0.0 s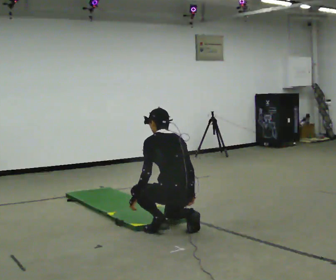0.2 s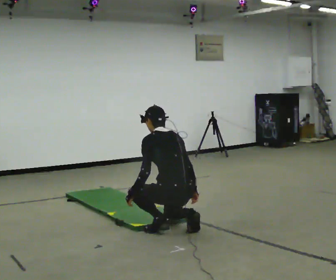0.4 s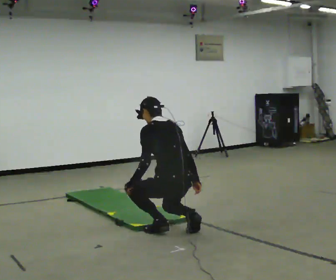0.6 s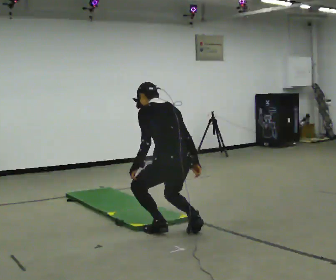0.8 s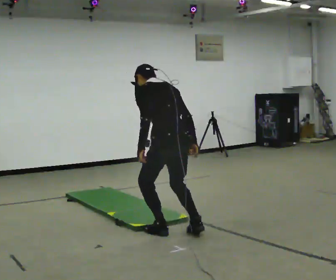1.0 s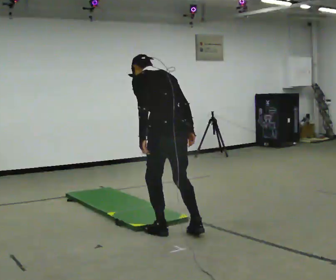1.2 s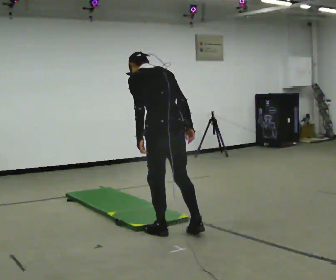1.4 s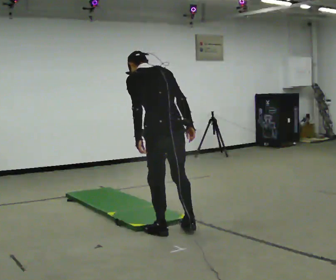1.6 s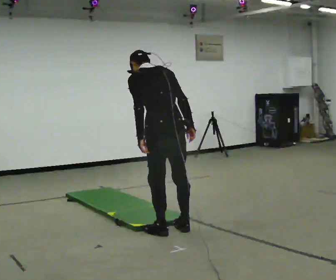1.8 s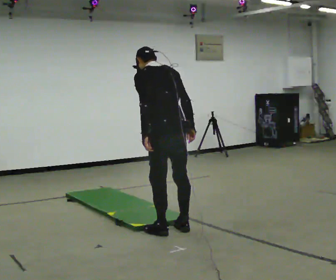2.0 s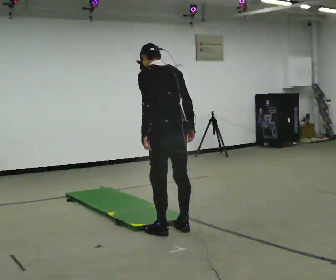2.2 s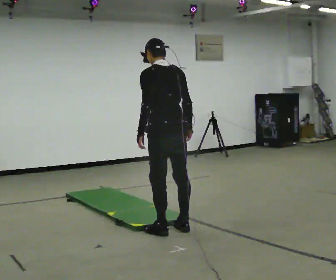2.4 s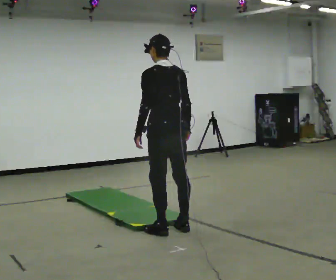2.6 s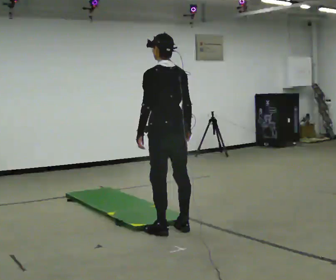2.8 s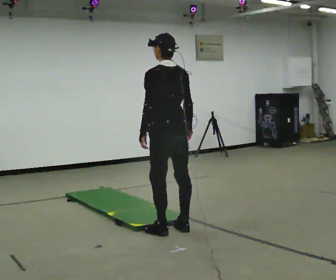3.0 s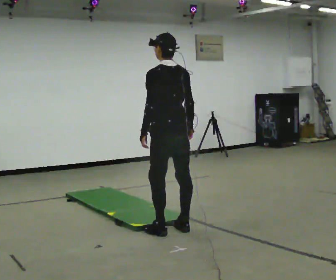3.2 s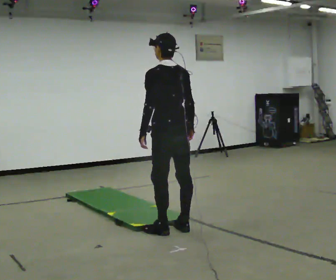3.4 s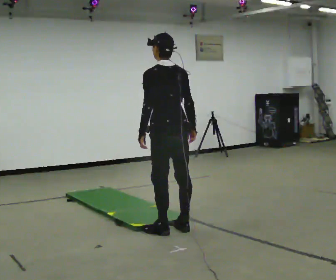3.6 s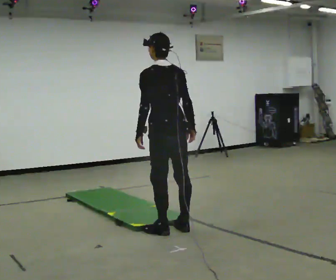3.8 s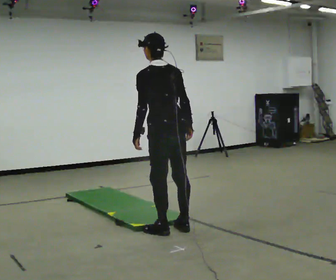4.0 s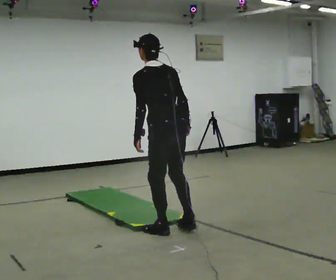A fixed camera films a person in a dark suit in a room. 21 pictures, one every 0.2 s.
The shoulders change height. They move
upward.
Their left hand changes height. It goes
upward.
0.0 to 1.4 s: The upper body goes upward. The upper body tips toward the camera, its near side rolling downward, as they lean back or straighten. In the picture their left hand goes upward.
1.4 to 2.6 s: In the picture the upper body tilts clockwise, shoulders to the right, as they lean back or straighten.
2.6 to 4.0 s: The person moves a little, or ends about where they began.
The film runs backward here.
